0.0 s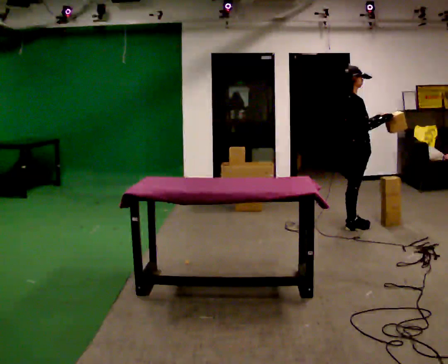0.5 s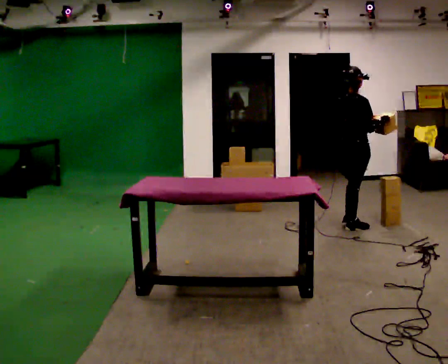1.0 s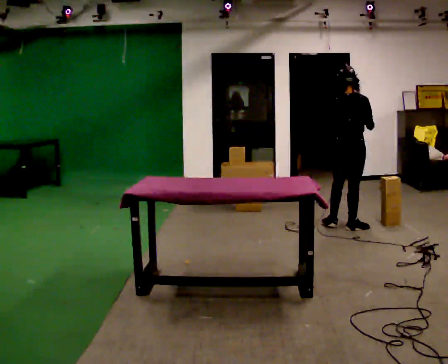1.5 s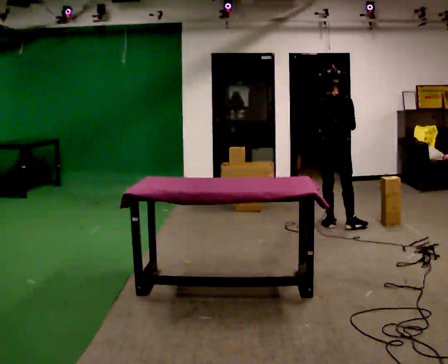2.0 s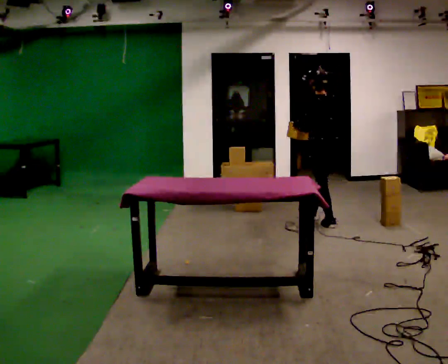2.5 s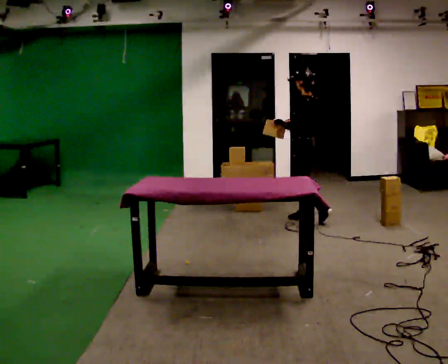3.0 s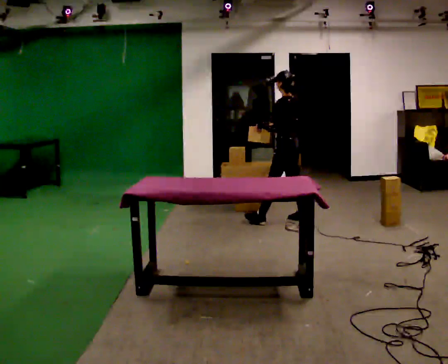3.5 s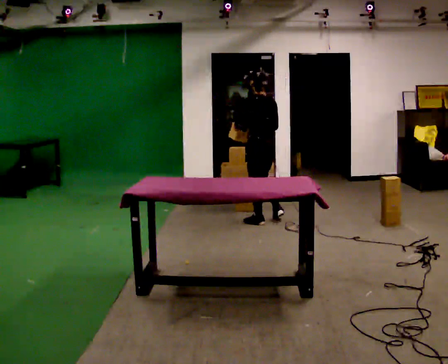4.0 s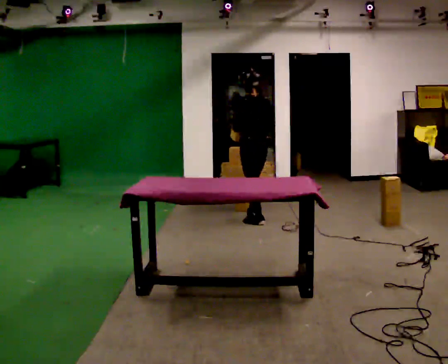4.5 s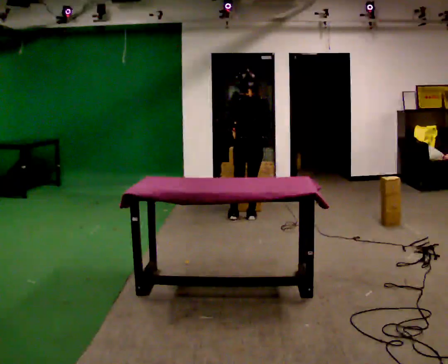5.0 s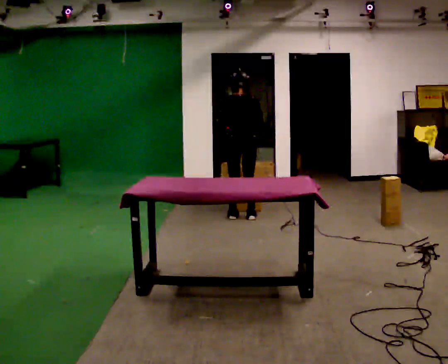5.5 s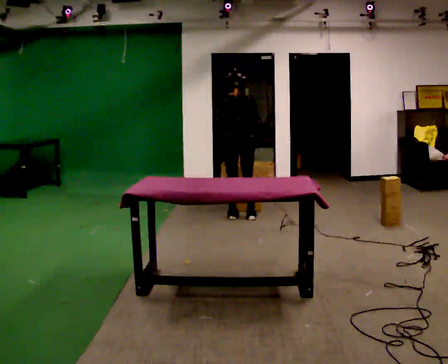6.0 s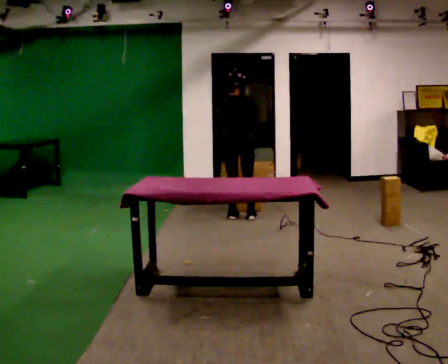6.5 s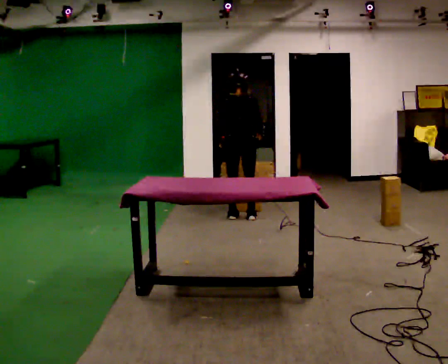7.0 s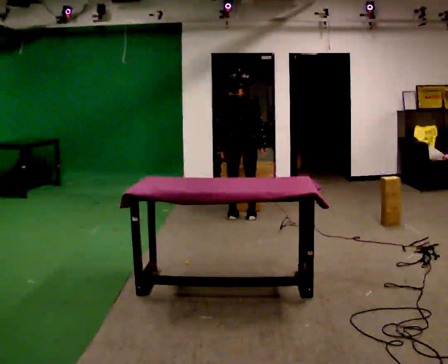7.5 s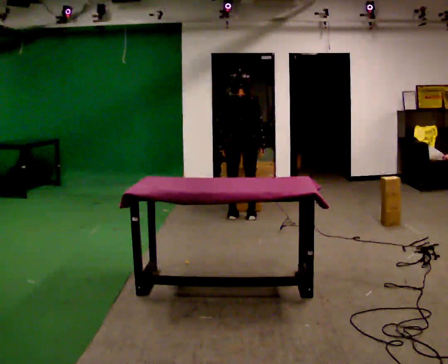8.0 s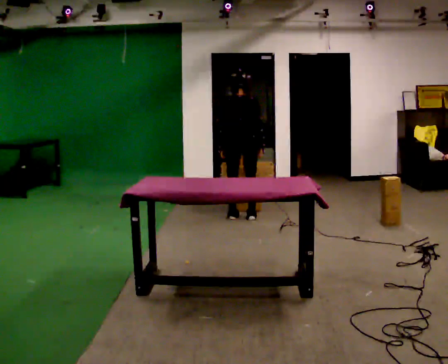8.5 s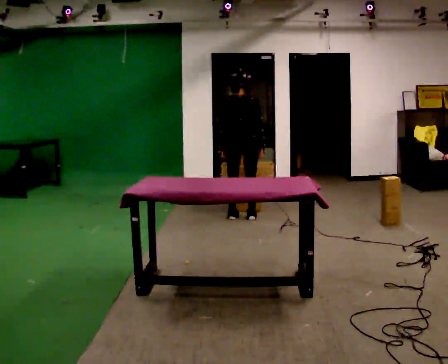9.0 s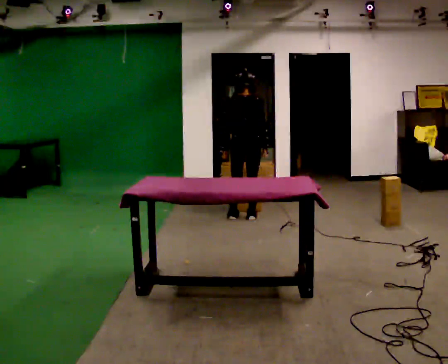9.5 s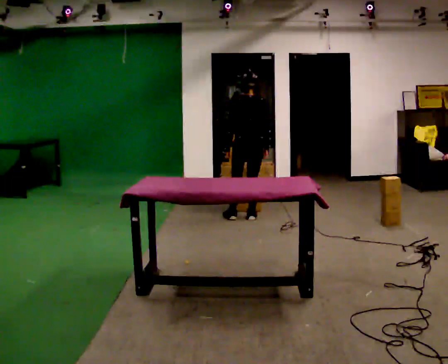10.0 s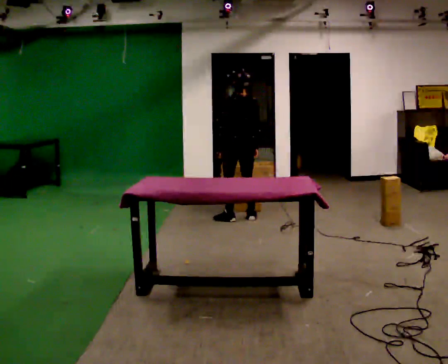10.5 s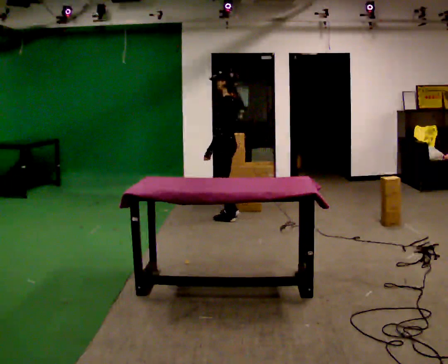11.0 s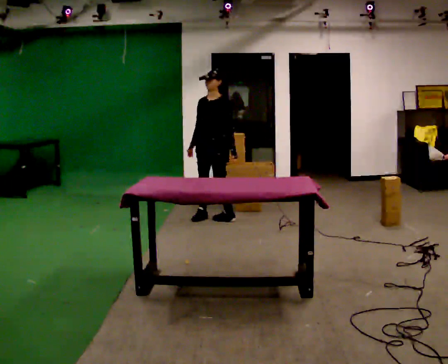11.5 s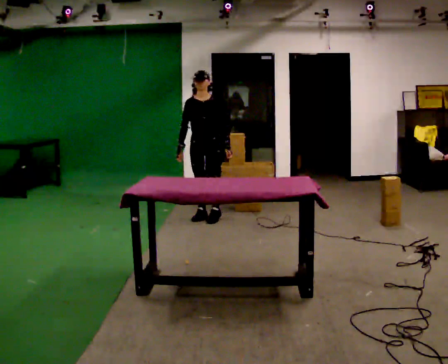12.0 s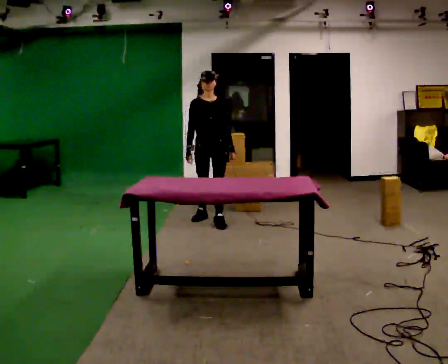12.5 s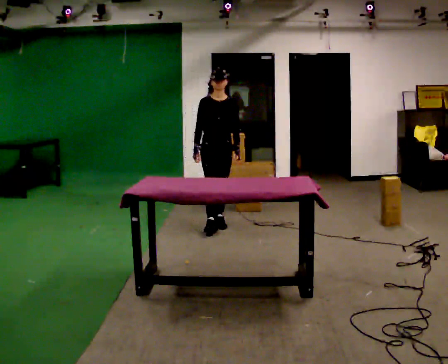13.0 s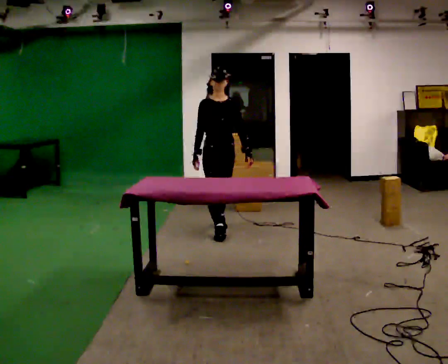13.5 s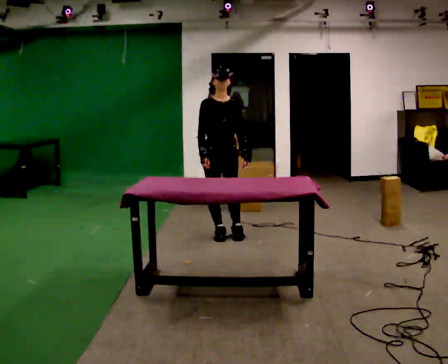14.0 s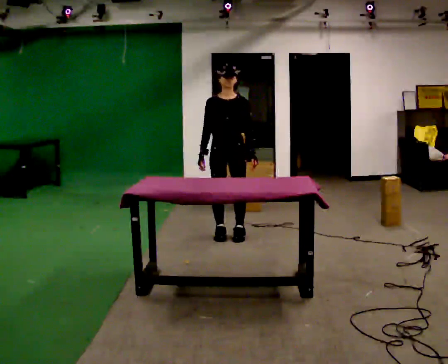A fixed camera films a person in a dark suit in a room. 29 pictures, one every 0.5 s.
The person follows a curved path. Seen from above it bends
counterclockwise.
0.0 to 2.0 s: The person turns about 120 degrees to their left, counterclockwise seen from above, so the part of the body nearest the lens slides to the right. In the picture they go to the left and away from the camera, about 0.25 m in 1 step.
2.0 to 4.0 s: In the picture they go to the left, about 1 m in 3 steps, which for them is forward.
4.0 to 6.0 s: The person turns about 30 degrees to their right, clockwise seen from above, so the part of the body nearest the lens slides to the left. In the picture they go to the left, about 0.25 m in 1 step, which for them is to their left and forward.
6.0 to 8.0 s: The person moves a little, or ends about where they began.
8.0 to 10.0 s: The part of the body nearest the lens slides to the right as the person turns to their left by about 30 degrees.
10.0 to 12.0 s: The person turns about 150 degrees to their left, counterclockwise seen from above, so the part of the body nearest the lens slides to the right. In the picture they go to the left and toward the camera, about 0.25 m in 2 steps.
12.0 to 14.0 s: In the picture they go toward the camera, about 0.5 m in 2 steps, which for them is forward.
The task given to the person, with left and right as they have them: 1. The operator will tell you the shelf is already sorted and just needs moving to the table. 2. Do what you think is right. 3. Tell the operator when you are finished.
The film runs forward here.
